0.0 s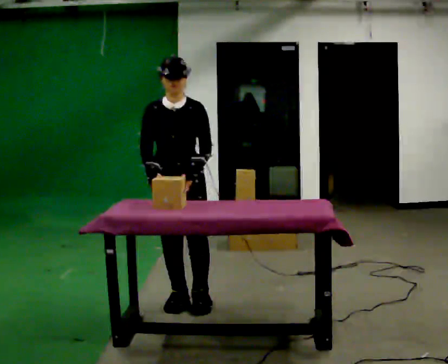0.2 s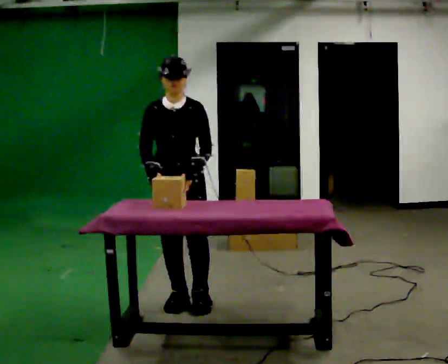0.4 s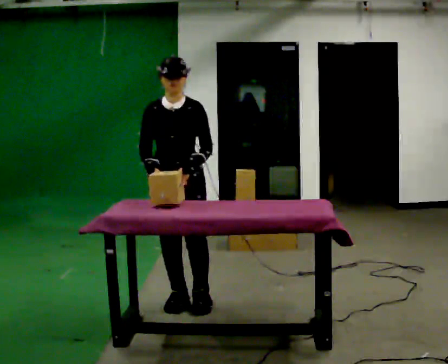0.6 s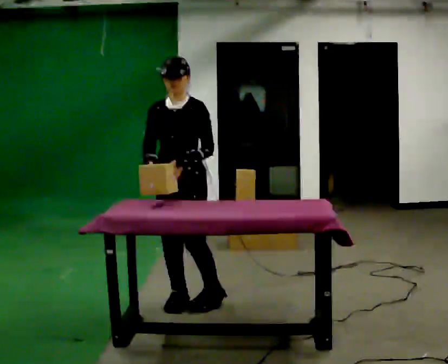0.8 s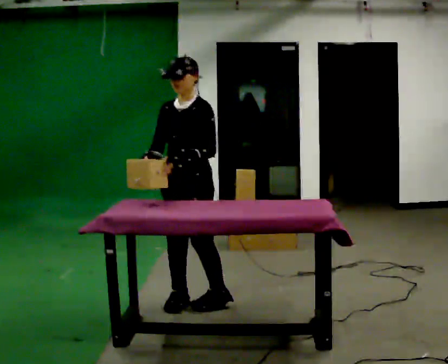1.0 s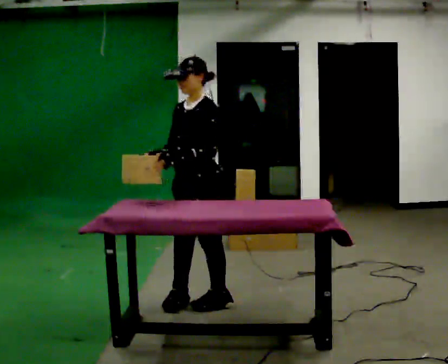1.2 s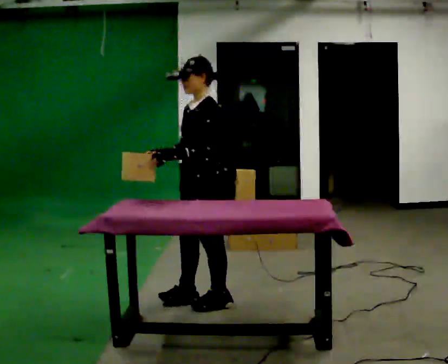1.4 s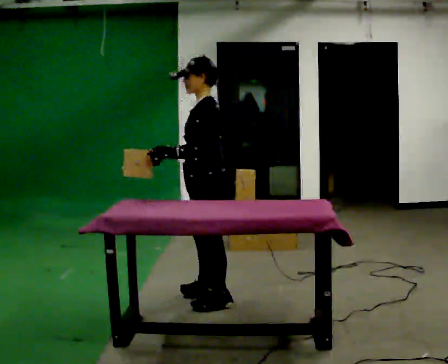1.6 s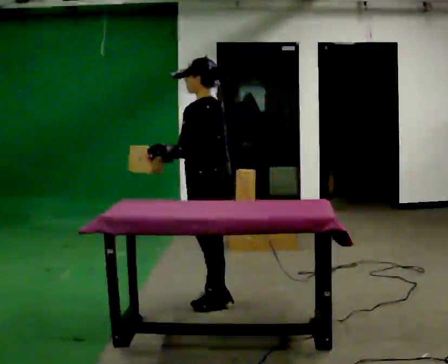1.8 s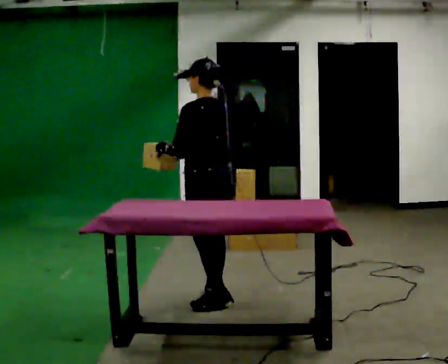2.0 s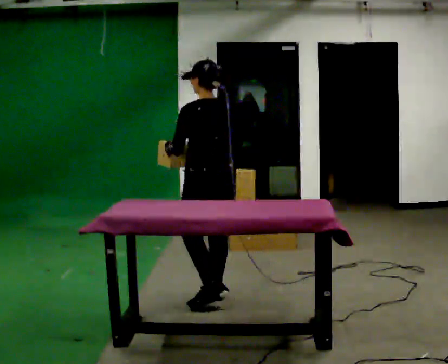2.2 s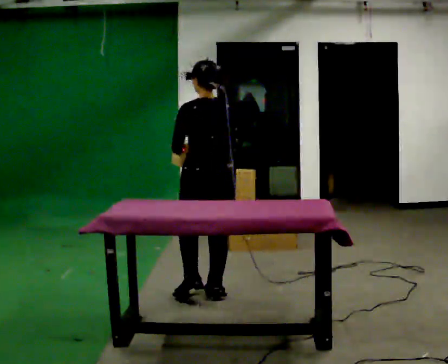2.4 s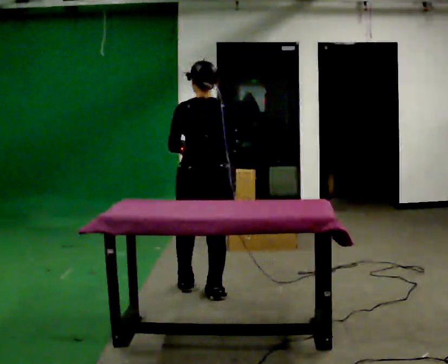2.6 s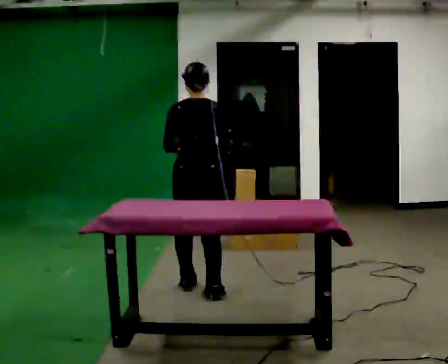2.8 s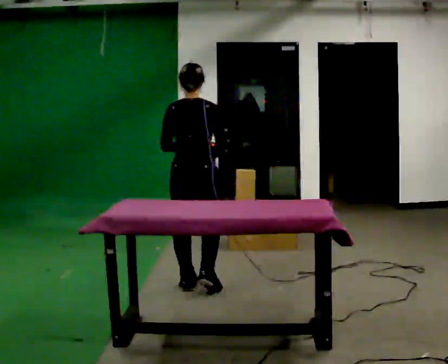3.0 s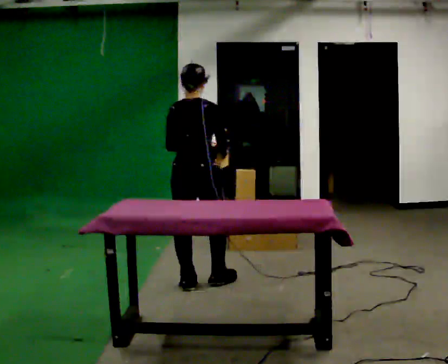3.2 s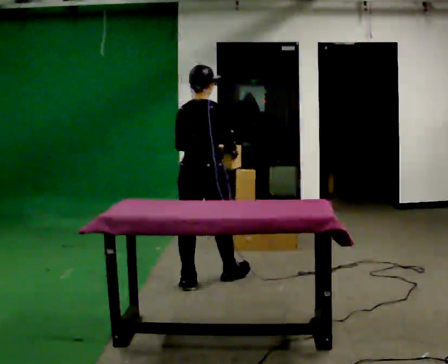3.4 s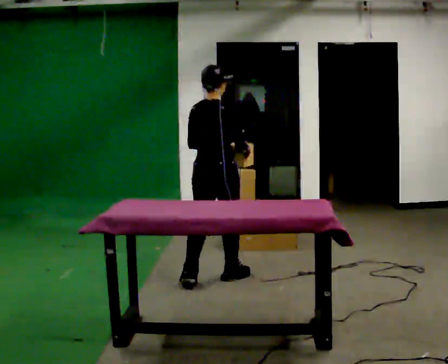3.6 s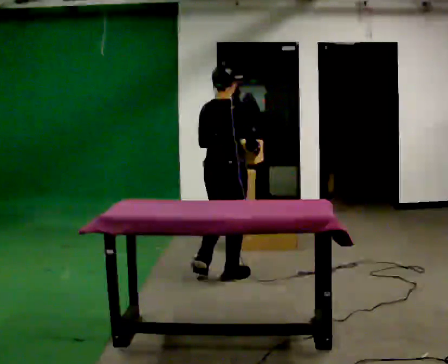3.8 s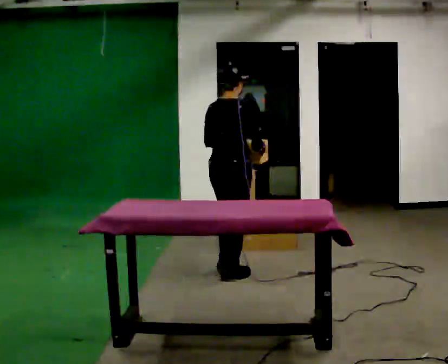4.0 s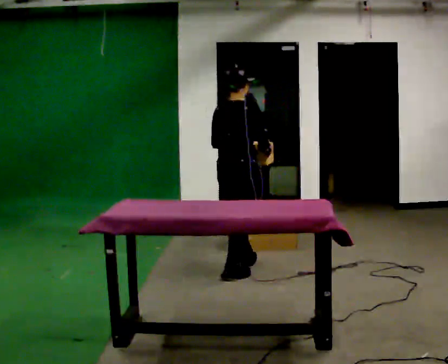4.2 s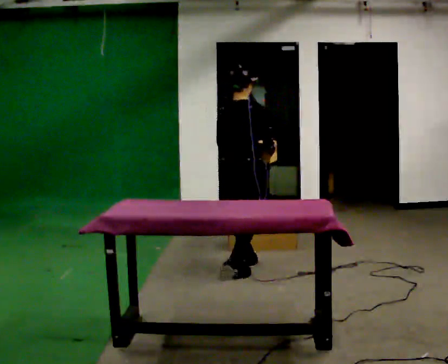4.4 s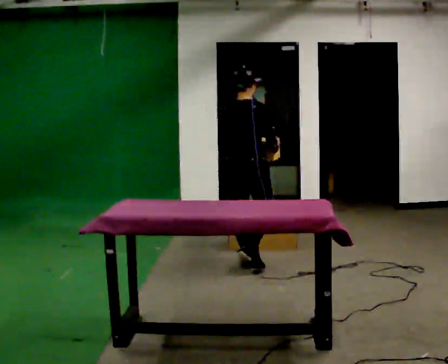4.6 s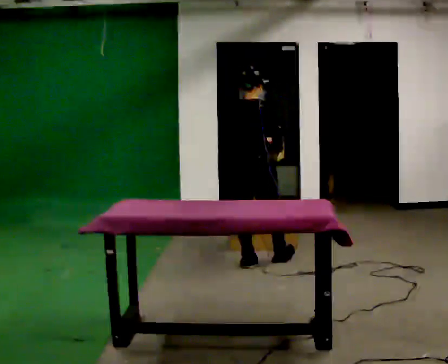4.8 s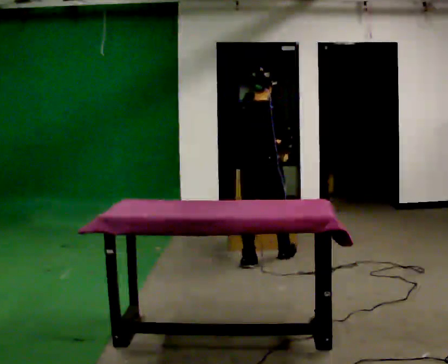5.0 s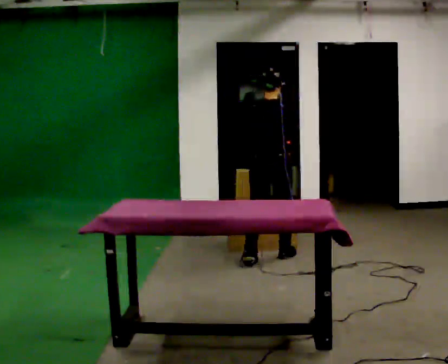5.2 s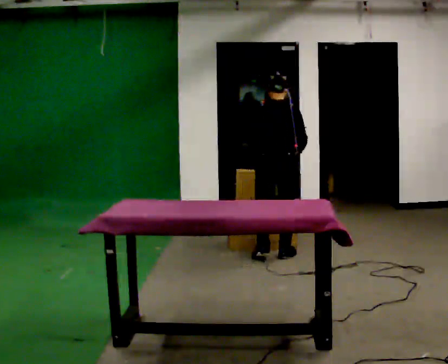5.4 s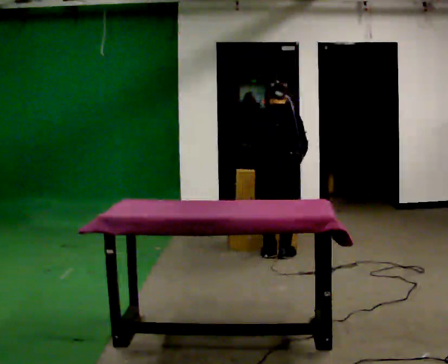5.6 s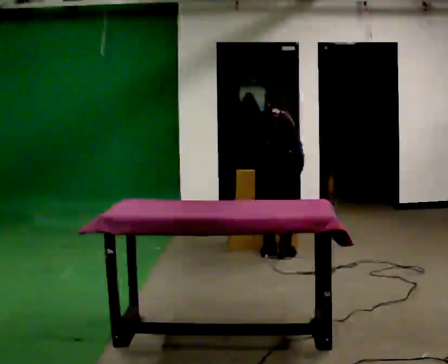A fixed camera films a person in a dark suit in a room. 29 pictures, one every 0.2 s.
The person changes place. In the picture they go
away from the camera.
The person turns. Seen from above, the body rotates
clockwise.
0.0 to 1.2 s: The person turns about 75 degrees to their right, clockwise seen from above, so the part of the body nearest the lens slides to the left. In the picture they go to the right, about 0.25 m in 1 step.
1.2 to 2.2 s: The part of the body nearest the lens slides to the left as the person turns to their right by about 90 degrees. In the picture they go away from the camera, about 0.25 m in 1 step.
2.2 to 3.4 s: Seen from above the body turns clockwise, about 45 degrees: to their right, with its near side sliding to the left. In the picture they go away from the camera, about 0.5 m in 2 steps, which for them is forward.
3.4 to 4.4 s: In the picture they go away from the camera and to the right, about 0.5 m in 1 step, which for them is forward.
4.4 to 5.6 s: In the picture they go to the right and away from the camera, about 0.25 m in 2 steps, which for them is forward and to their right. The upper body goes downward. The upper body tips away from the camera, its near side rolling upward, as they bend forward. In the picture their left hand goes downward.
The film runs forward here.
